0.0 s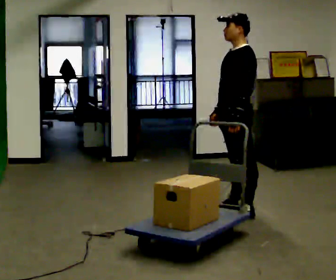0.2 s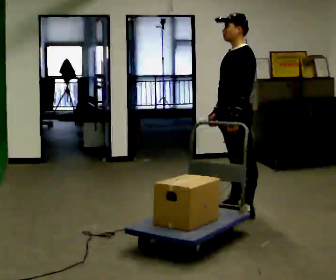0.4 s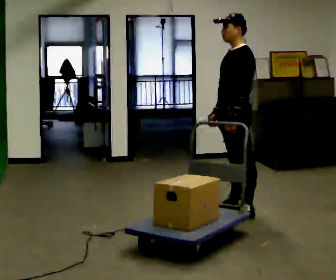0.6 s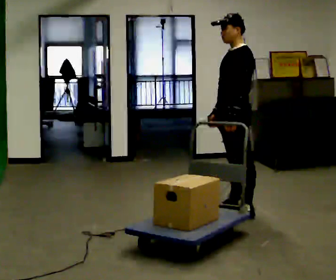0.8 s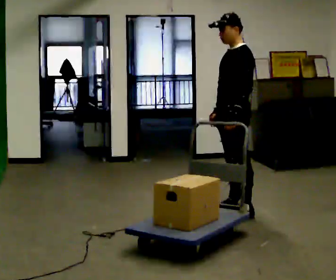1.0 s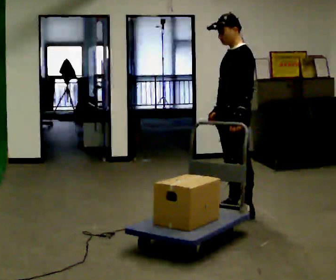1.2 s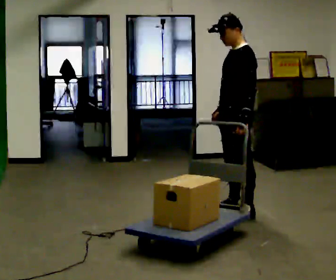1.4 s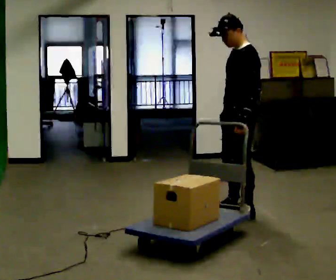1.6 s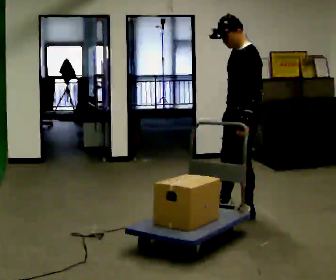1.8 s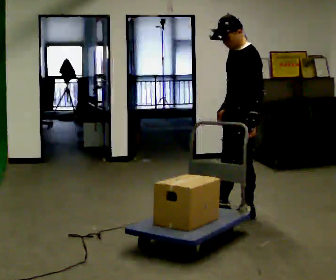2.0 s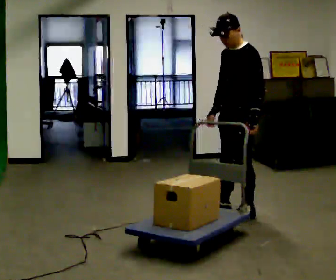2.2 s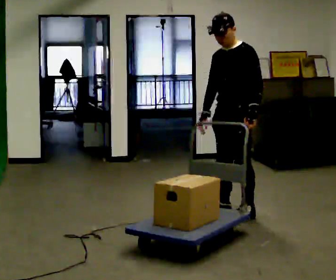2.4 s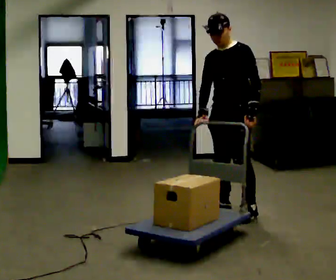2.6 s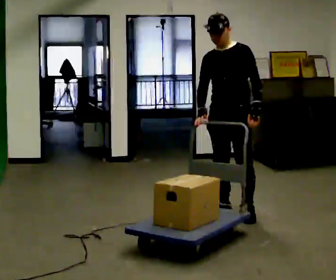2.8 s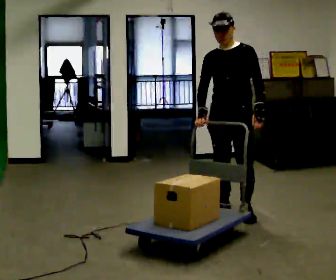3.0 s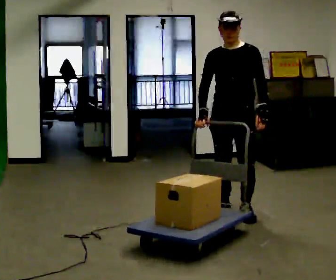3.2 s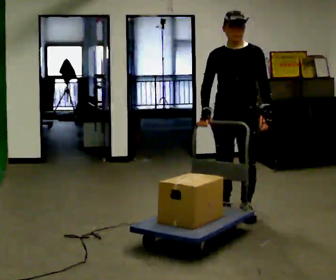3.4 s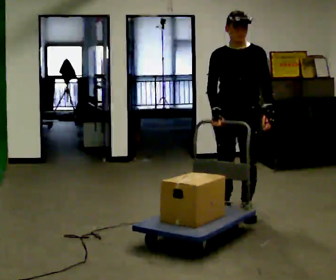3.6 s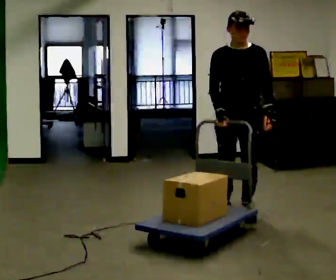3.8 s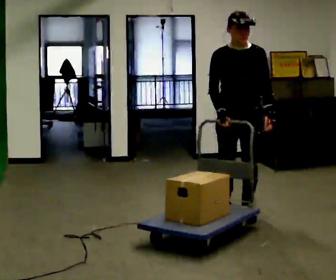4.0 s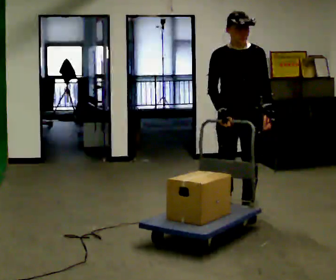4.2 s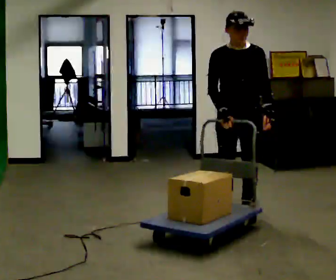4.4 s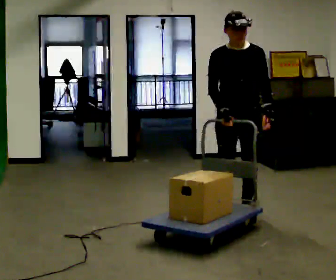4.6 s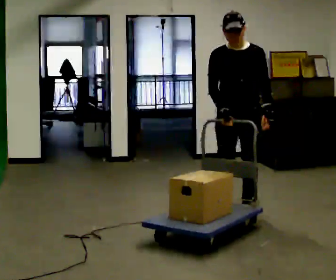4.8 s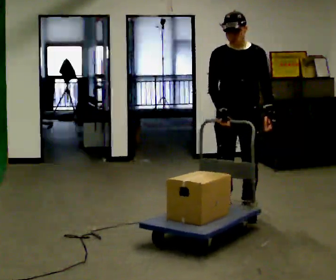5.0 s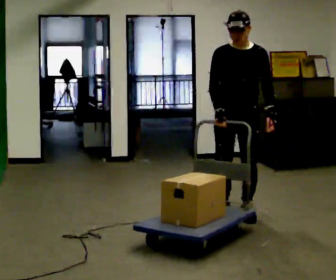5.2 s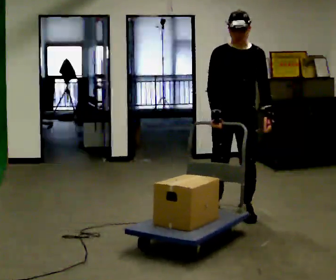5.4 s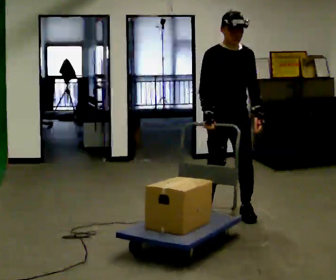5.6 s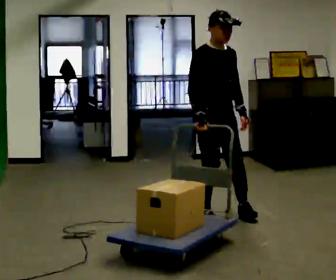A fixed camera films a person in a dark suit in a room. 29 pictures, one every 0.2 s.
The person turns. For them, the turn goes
to their left.
The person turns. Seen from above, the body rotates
counterclockwise.
0.0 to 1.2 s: The person moves a little, or ends about where they began.
1.2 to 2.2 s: Seen from above the body turns counterclockwise, about 30 degrees: to their left, with its near side sliding to the right.
2.2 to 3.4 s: The part of the body nearest the lens slides to the right as the person turns to their left by about 45 degrees.
3.4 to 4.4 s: The person moves a little, or ends about where they began.
4.4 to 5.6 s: Seen from above the body turns counterclockwise, about 45 degrees: to their left, with its near side sliding to the right. In the picture they go to the left, about 0.25 m in 2 steps, which for them is to their right and forward.
The film runs backward here.
